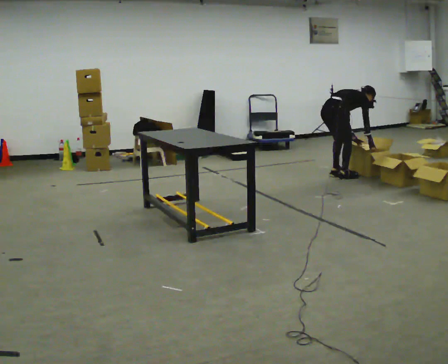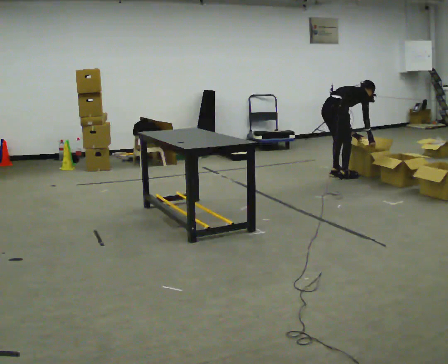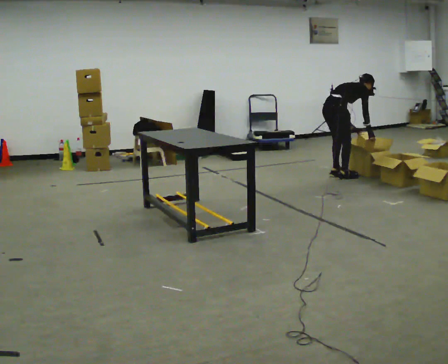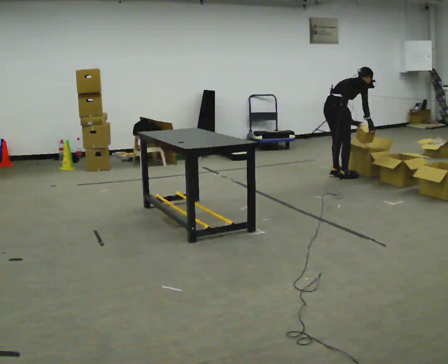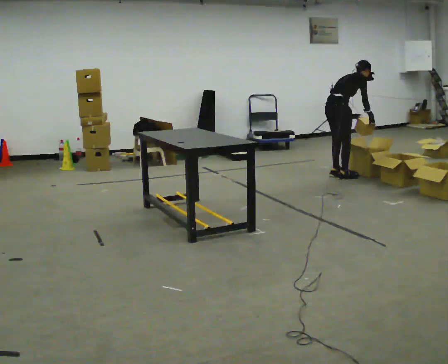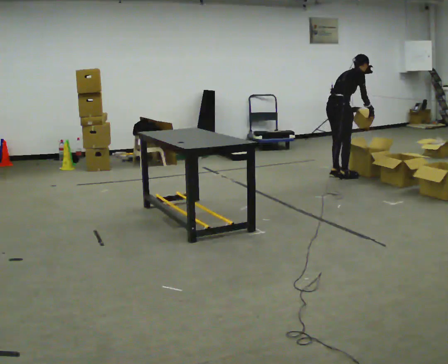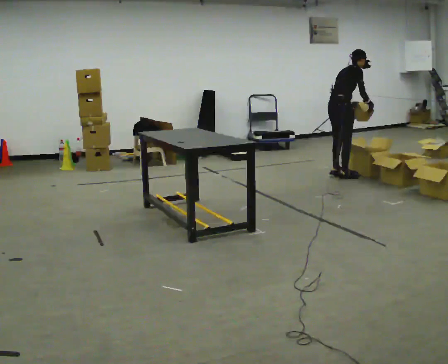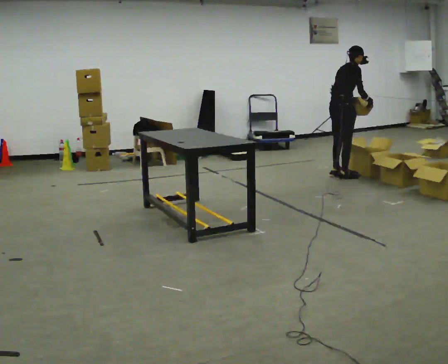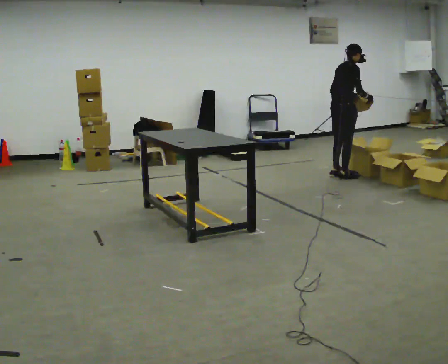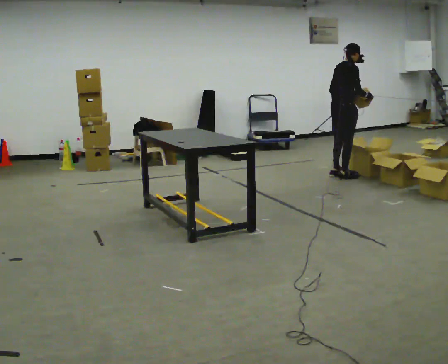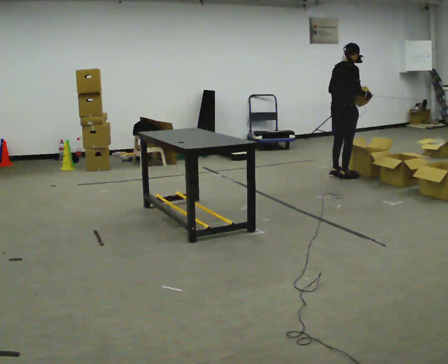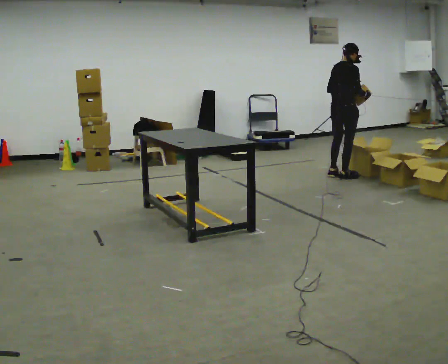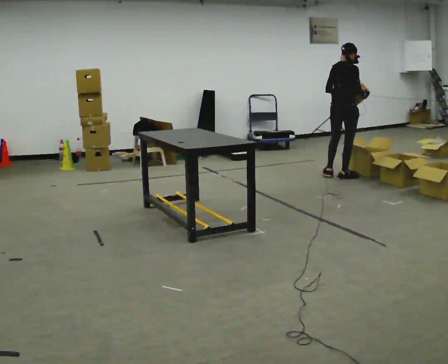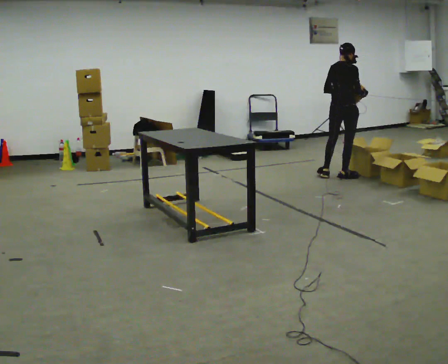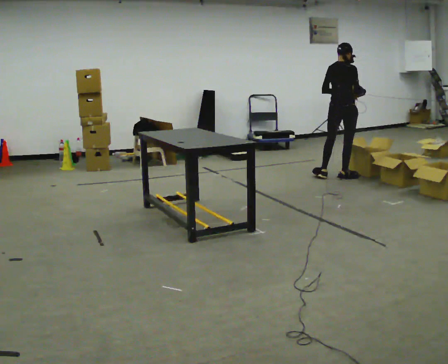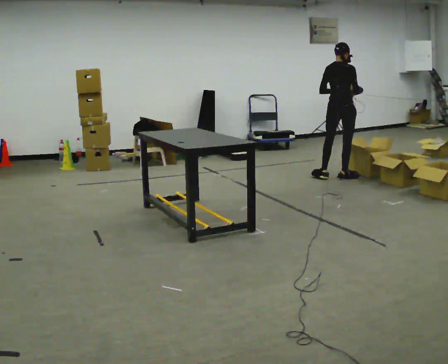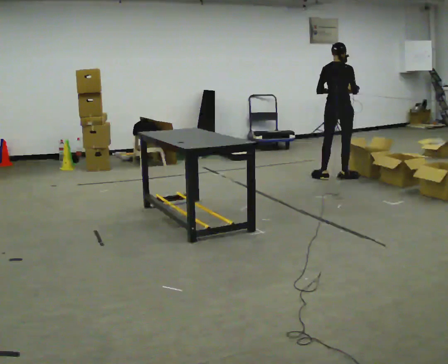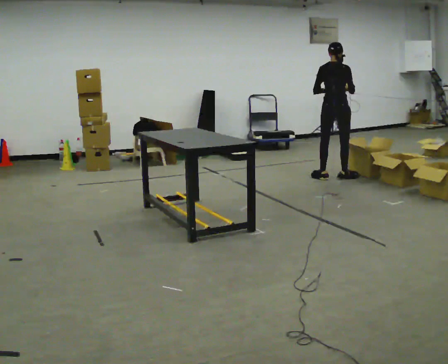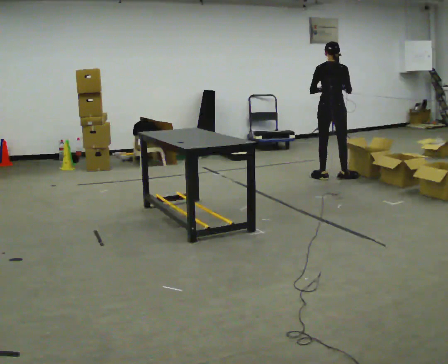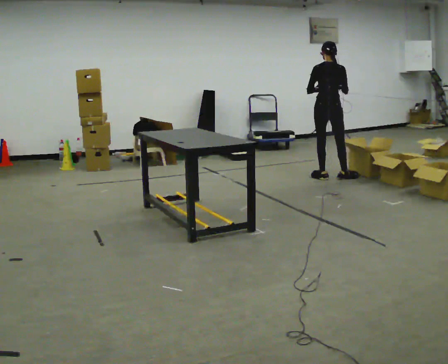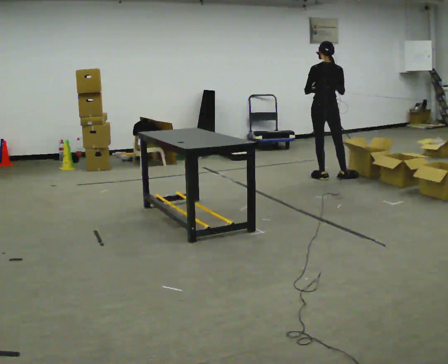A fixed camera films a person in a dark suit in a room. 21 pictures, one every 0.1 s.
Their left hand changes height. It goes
upward.
The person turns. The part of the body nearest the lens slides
to the right.
0.0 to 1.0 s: The upper body goes upward. In the picture the upper body tilts counterclockwise, shoulders to the left, as they lean back or straighten. In the picture their left hand goes upward.
1.0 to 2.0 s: The person turns about 60 degrees to their left, counterclockwise seen from above, so the part of the body nearest the lens slides to the right. In the picture they go to the left, about 0.25 m in 1 step, which for them is to their left. In the picture their right hand goes to the left.
The film runs forward here.
